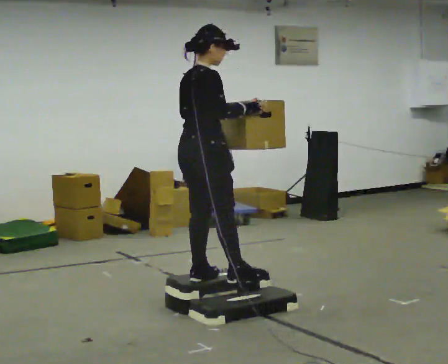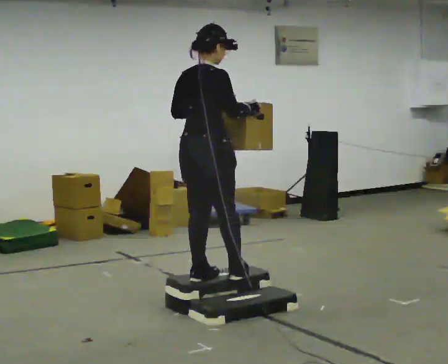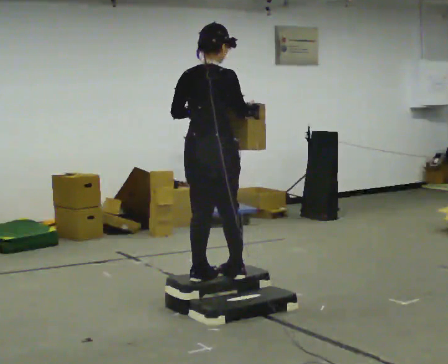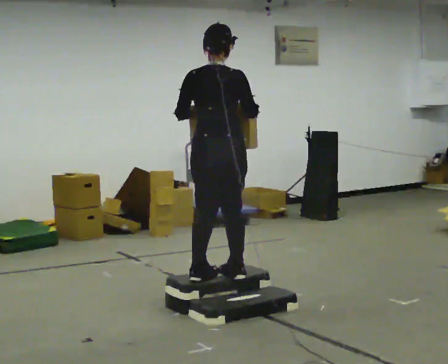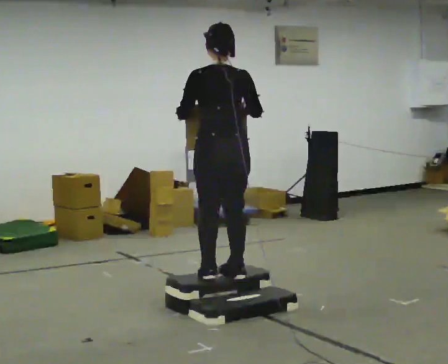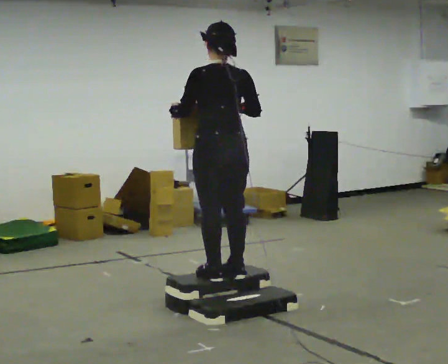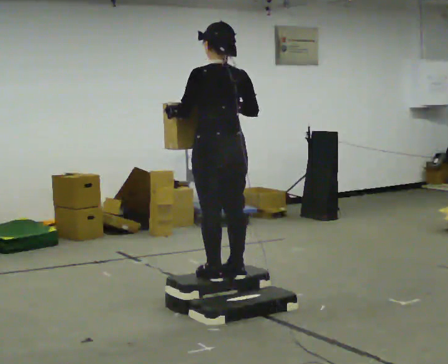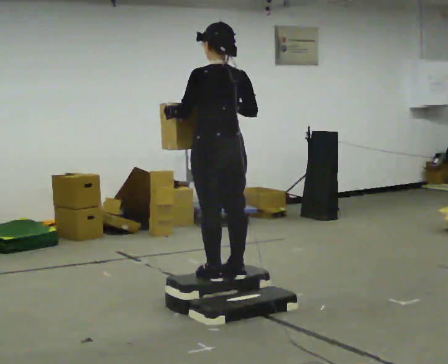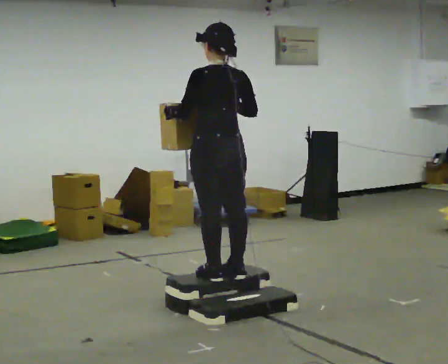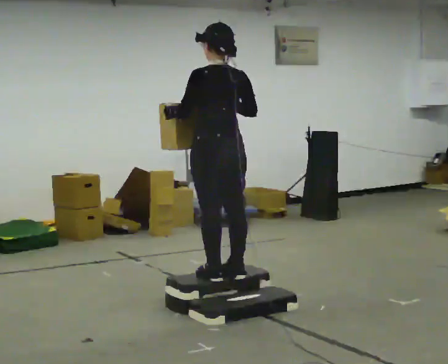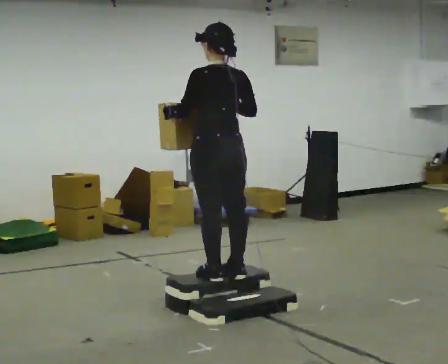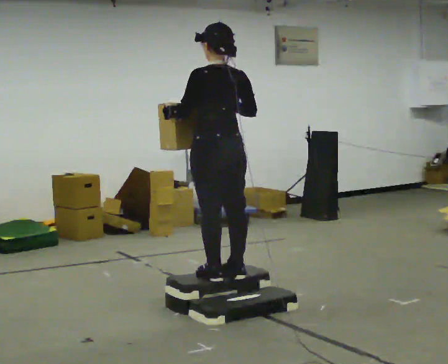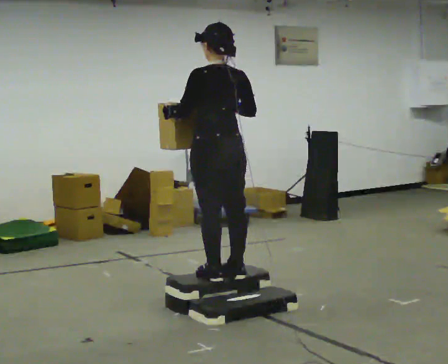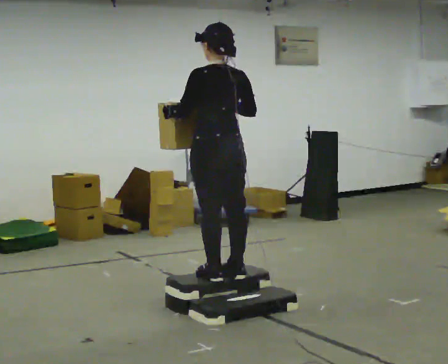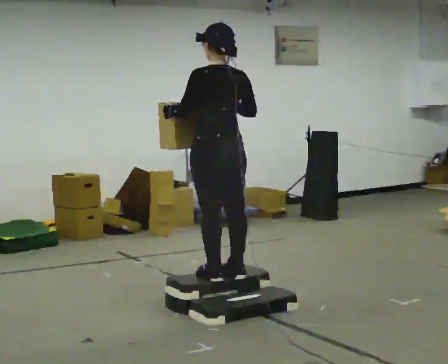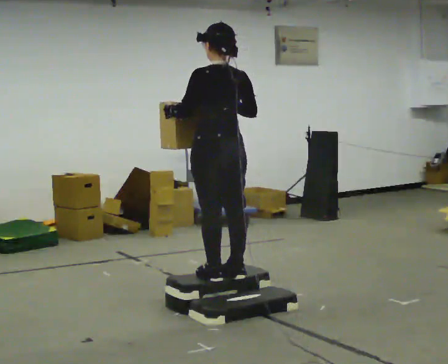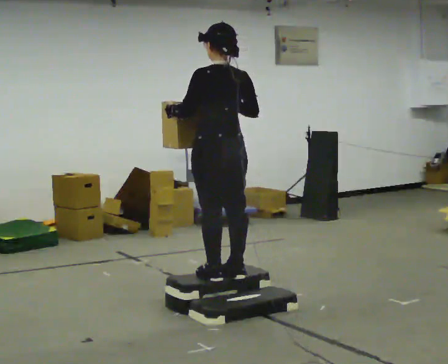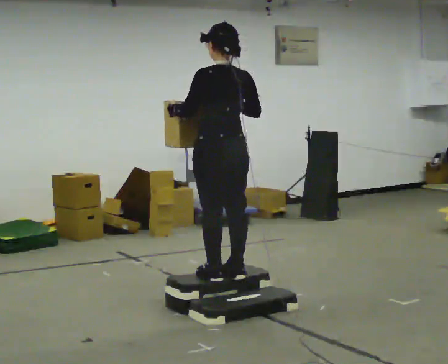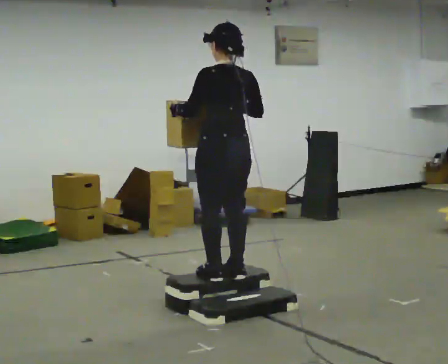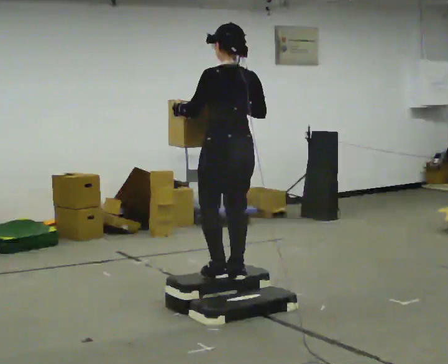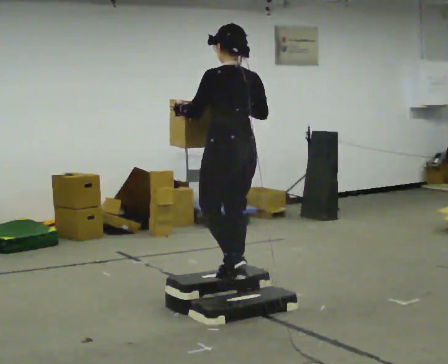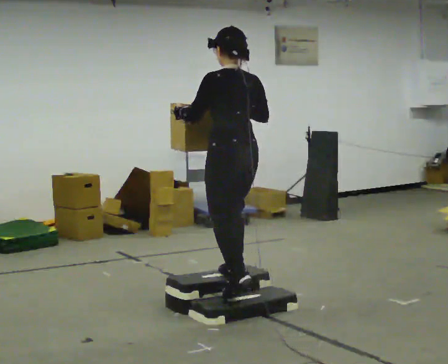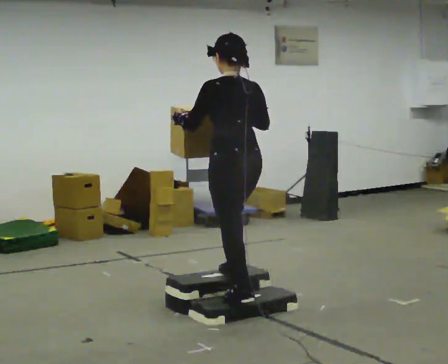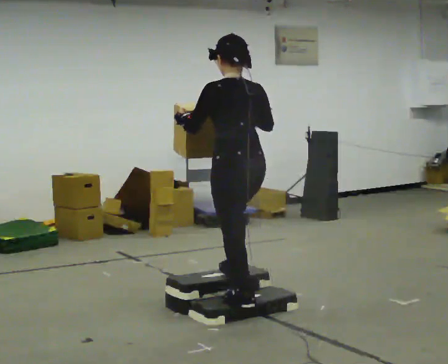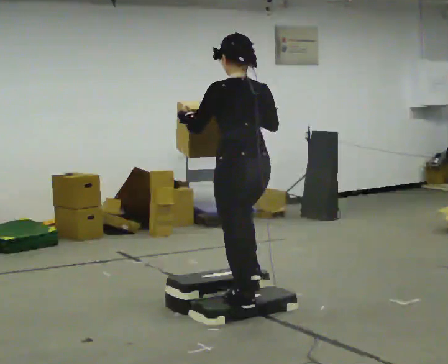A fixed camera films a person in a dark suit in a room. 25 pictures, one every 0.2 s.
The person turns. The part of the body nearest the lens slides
to the right.
The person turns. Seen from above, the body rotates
counterclockwise.
0.0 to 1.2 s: The part of the body nearest the lens slides to the right as the person turns to their left by about 90 degrees. In the picture they go to the right, about 0.25 m.
1.2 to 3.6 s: The person moves a little, or ends about where they began.
3.6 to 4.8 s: In the picture they go toward the camera, about 0.25 m in 2 steps, which for them is backward.
The film runs backward here.
